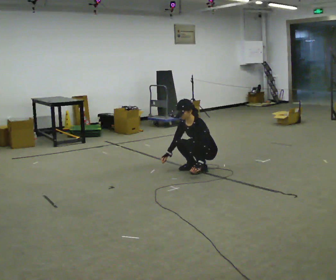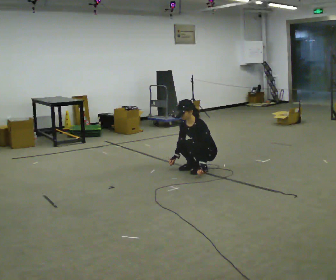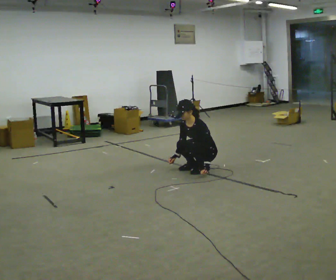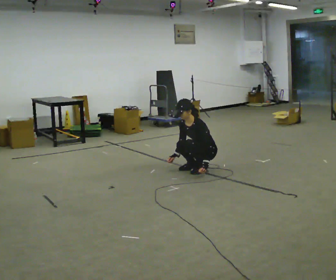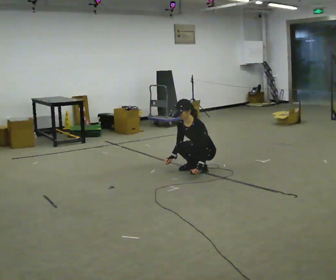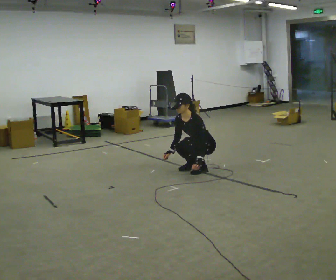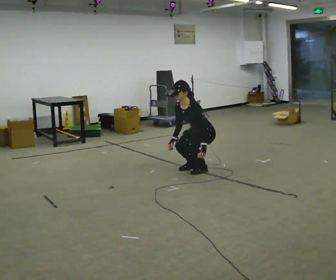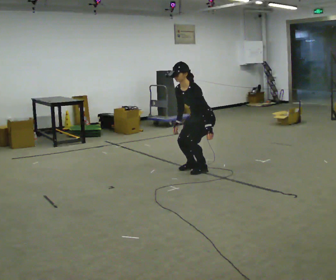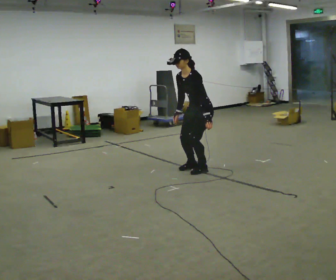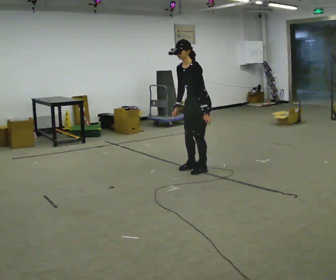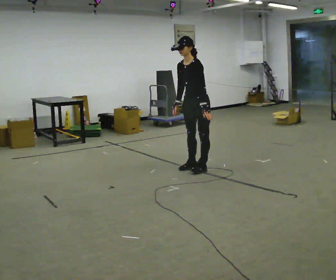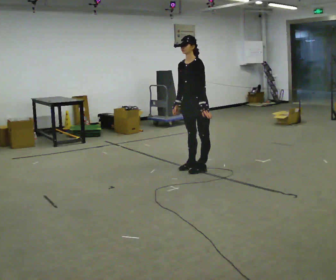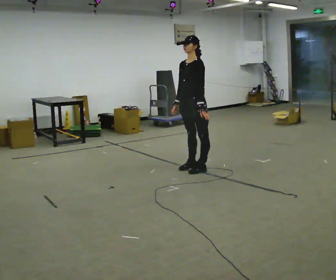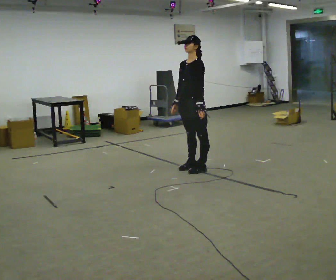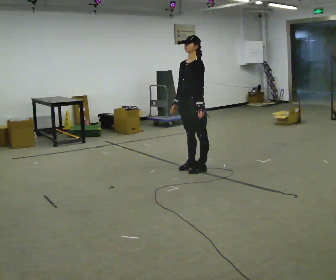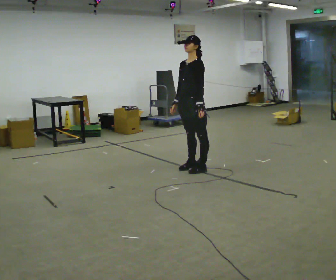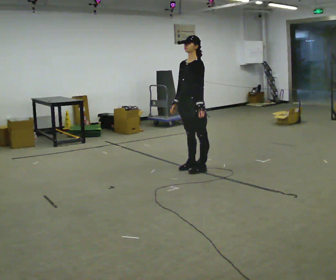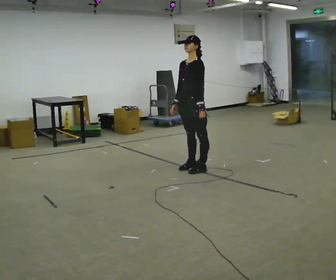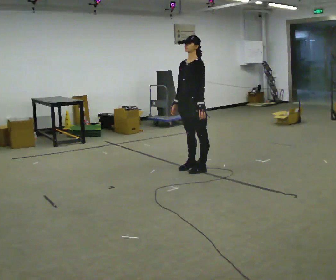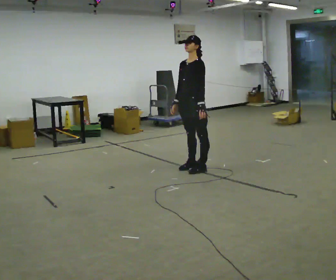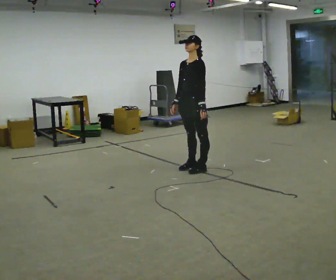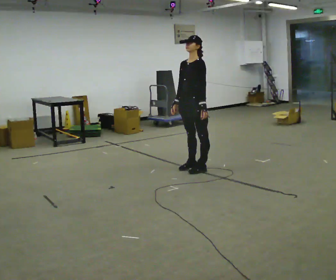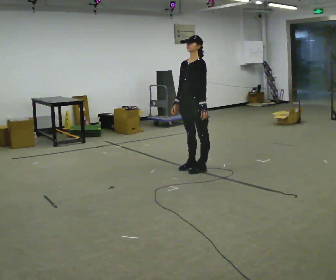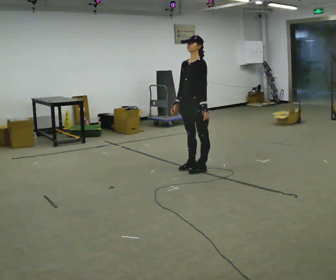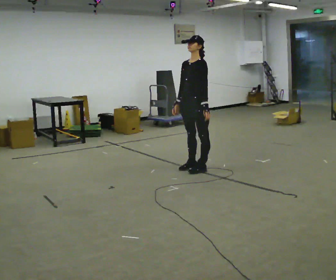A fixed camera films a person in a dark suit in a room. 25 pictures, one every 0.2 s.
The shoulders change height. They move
upward.
Their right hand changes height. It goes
upward.
0.0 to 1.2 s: The upper body goes upward.
1.2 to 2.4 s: The upper body goes upward. The upper body tips away from the camera, its near side rolling upward, as they lean back or straighten. In the picture their left hand goes upward.
2.4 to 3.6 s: The person keeps their place and pose.
3.6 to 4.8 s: The person moves a little, or ends about where they began.
The film runs backward here.
